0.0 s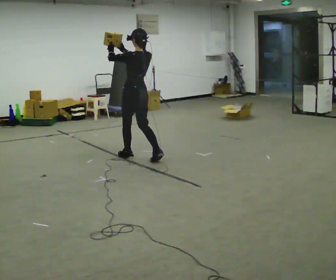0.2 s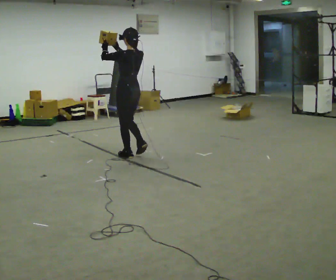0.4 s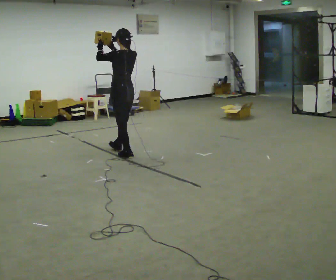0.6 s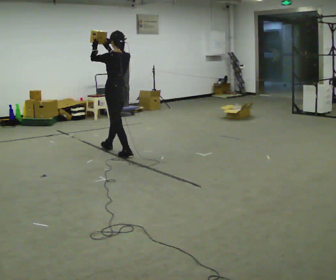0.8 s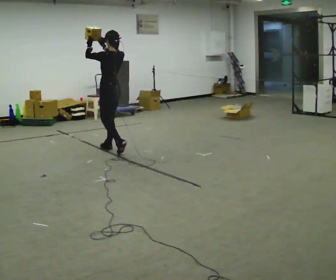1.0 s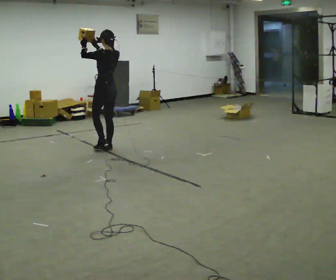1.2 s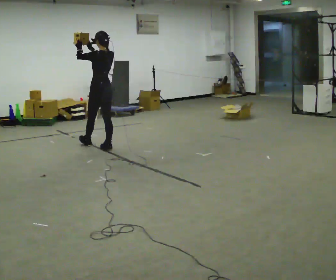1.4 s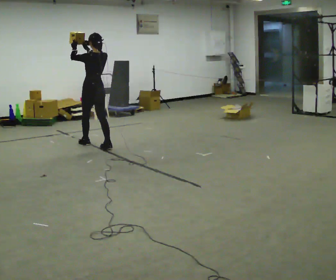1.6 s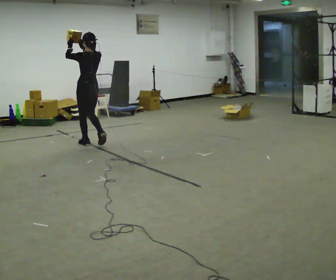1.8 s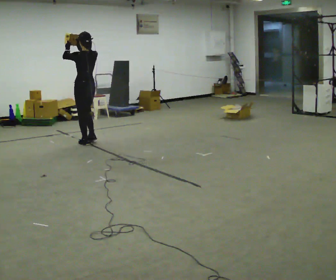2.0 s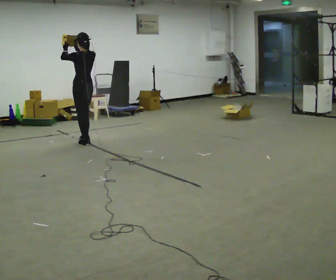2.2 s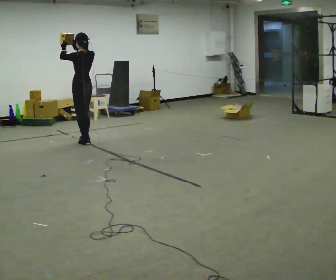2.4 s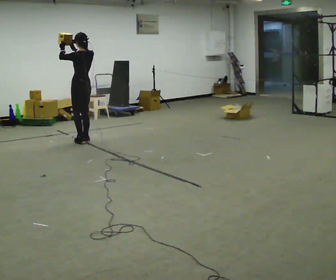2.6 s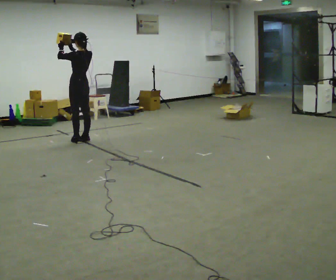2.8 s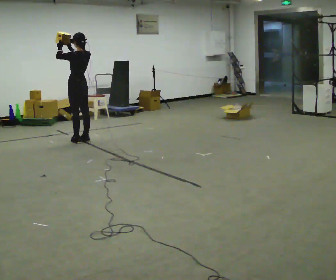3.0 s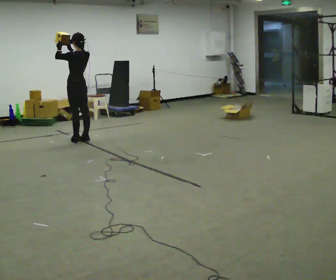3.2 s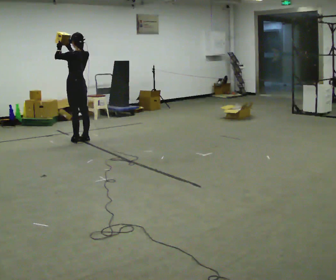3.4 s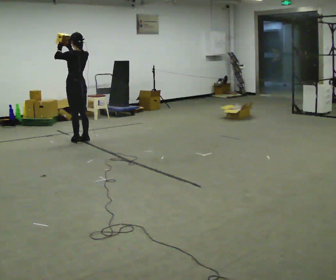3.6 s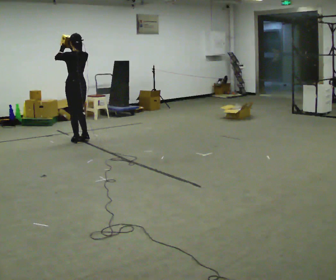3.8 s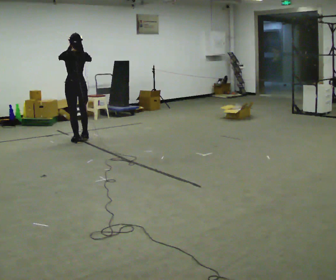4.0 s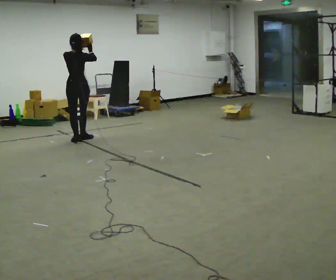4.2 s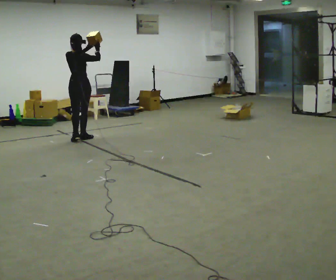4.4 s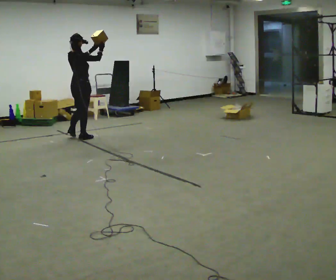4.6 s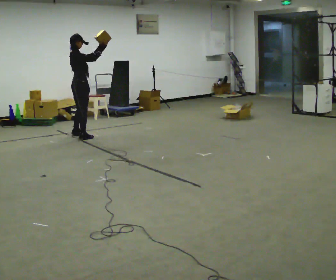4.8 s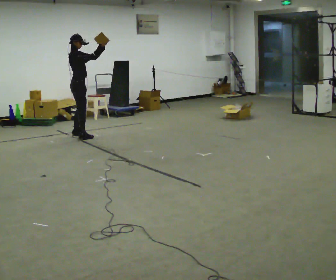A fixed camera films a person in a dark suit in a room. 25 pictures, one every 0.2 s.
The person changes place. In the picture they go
away from the camera.
0.0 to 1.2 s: In the picture they go away from the camera and to the left, about 0.5 m in 1 step, which for them is forward.
1.2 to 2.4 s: In the picture they go away from the camera and to the left, about 0.5 m in 2 steps, which for them is forward.
2.4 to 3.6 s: The person moves a little, or ends about where they began.
3.6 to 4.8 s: The part of the body nearest the lens slides to the left as the person turns to their right by about 120 degrees. In the picture they go away from the camera, about 0.5 m in 2 steps.
The film runs forward here.
